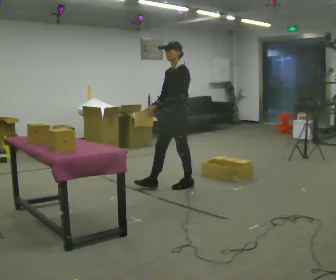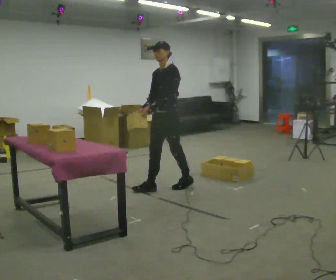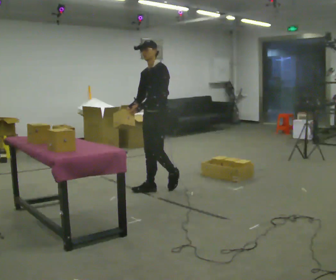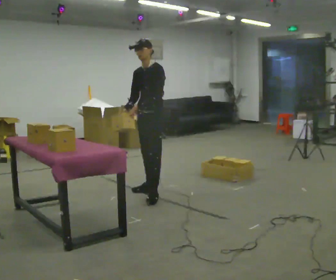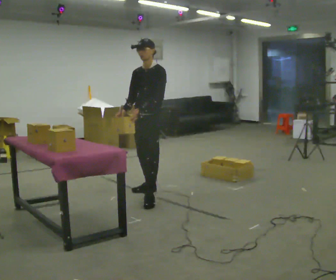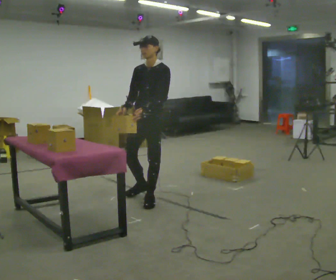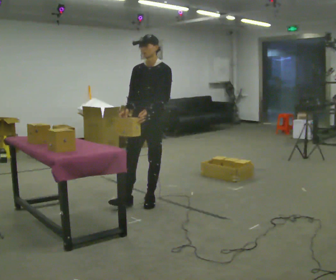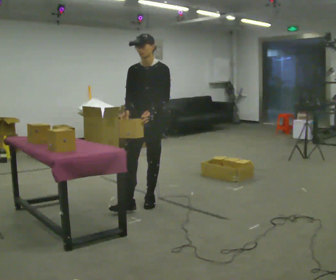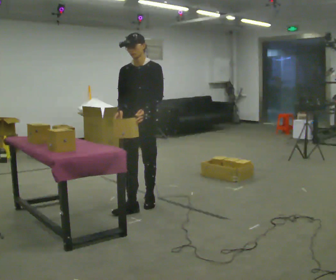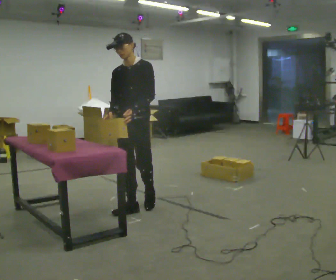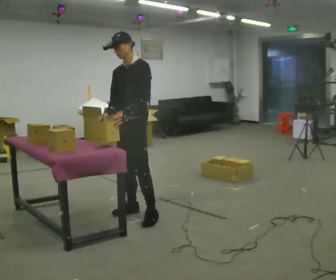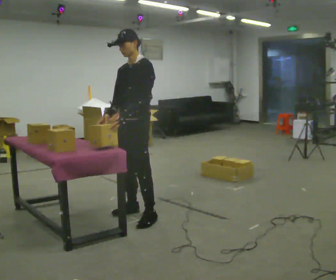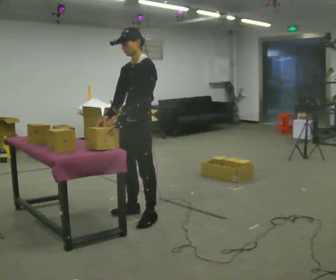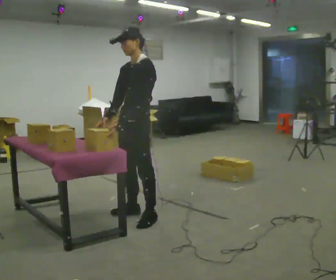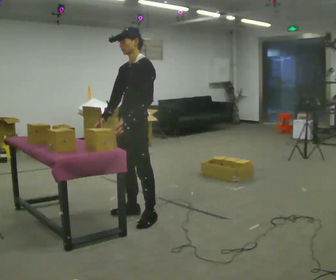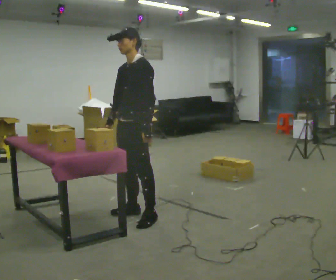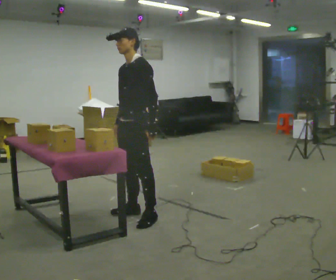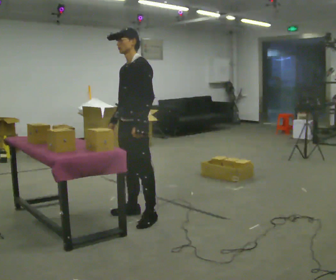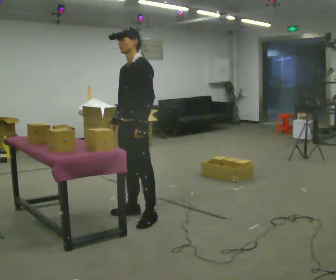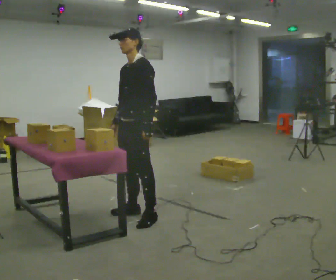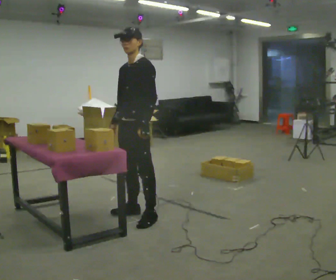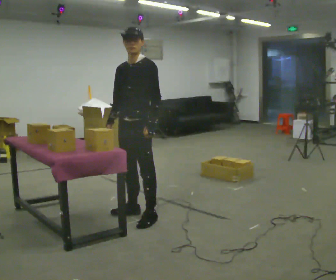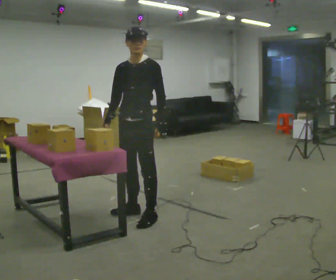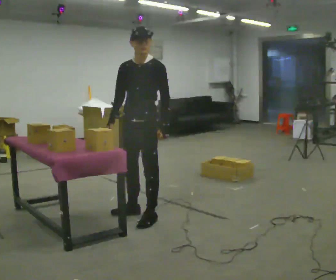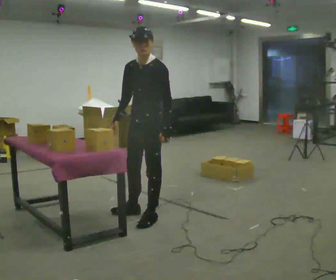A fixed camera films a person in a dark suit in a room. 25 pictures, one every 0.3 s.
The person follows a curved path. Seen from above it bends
counterclockwise.
The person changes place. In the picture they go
toward the camera.
0.0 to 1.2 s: Seen from above the body turns counterclockwise, about 30 degrees: to their left, with its near side sliding to the right. In the picture they go to the left and toward the camera, about 0.5 m in 2 steps, which for them is forward.
1.2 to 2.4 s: In the picture they go toward the camera, about 0.5 m in 1 step, which for them is forward.
2.4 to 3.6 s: Seen from above the body turns clockwise, about 45 degrees: to their right, with its near side sliding to the left. In the picture they go toward the camera, about 0.25 m in 1 step, which for them is forward and to their left.
3.6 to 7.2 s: In the picture their left hand goes to the right.
The film runs forward here.
